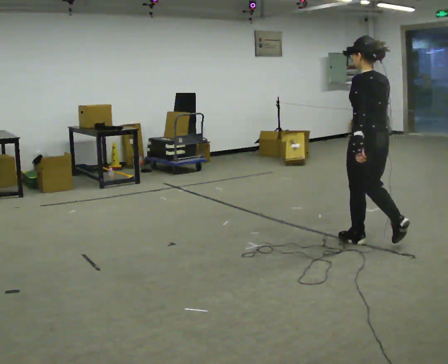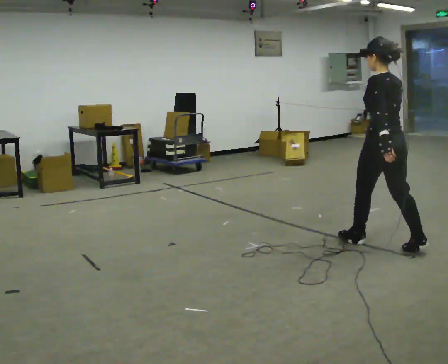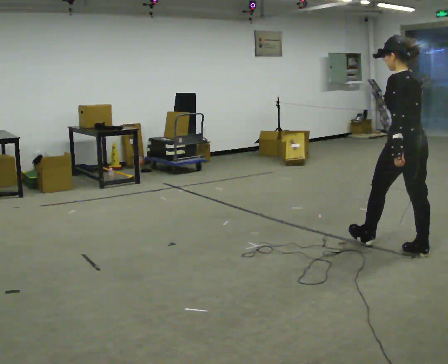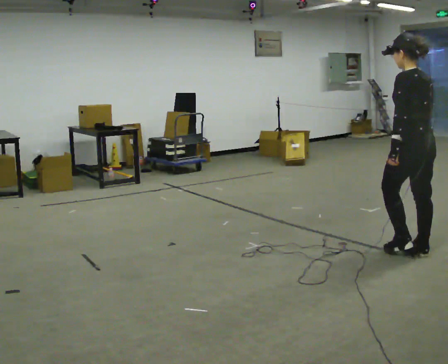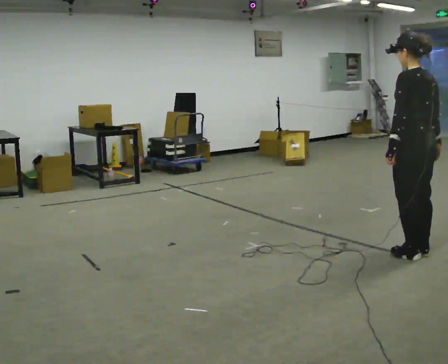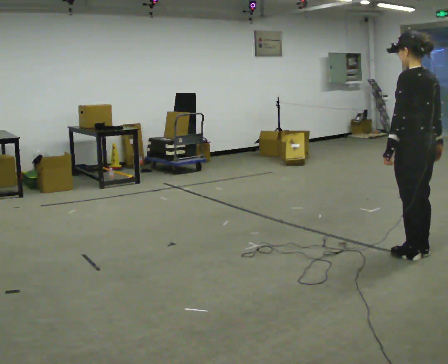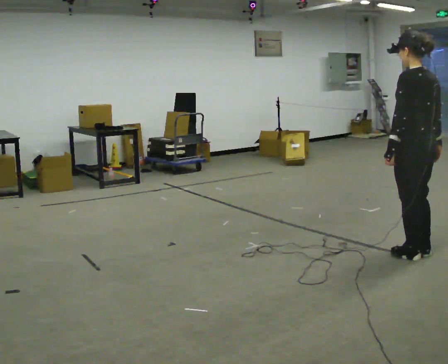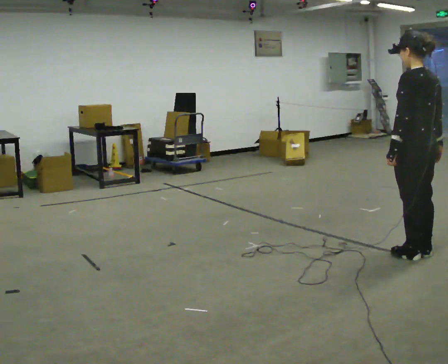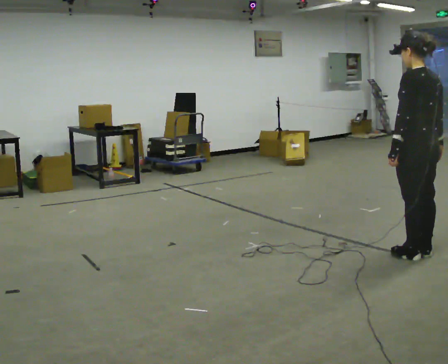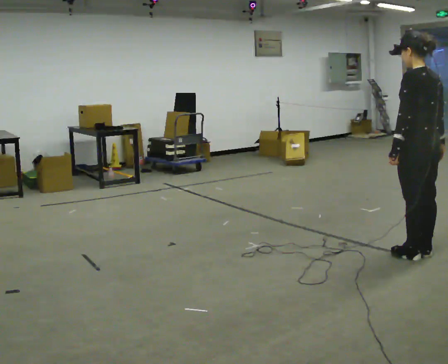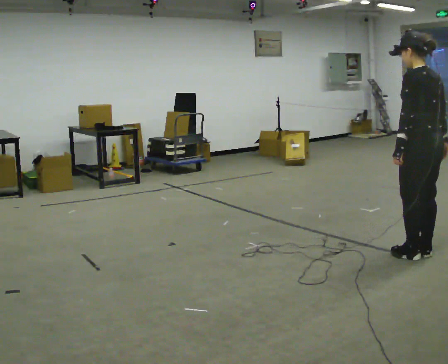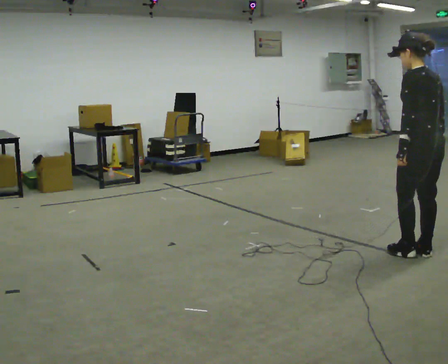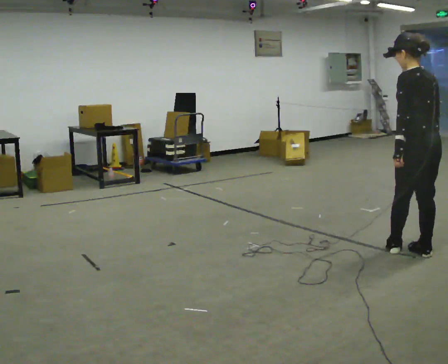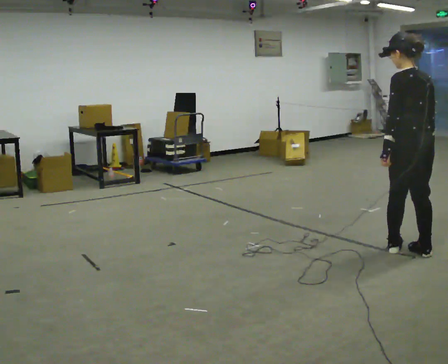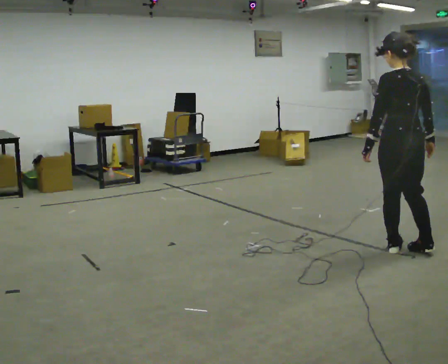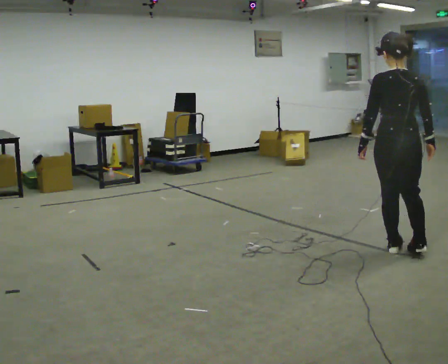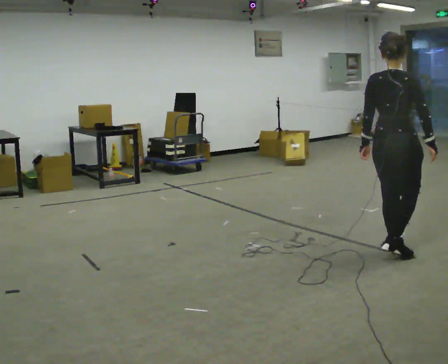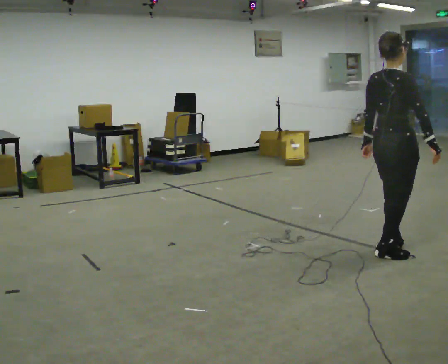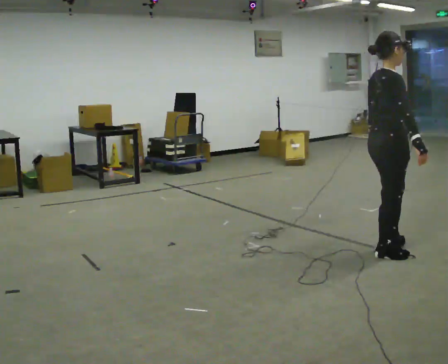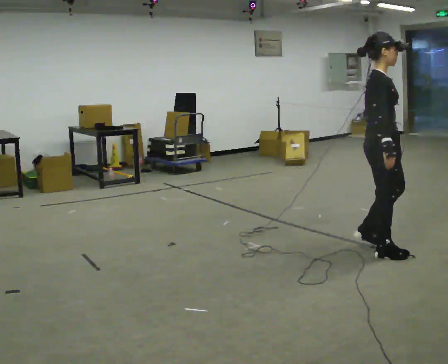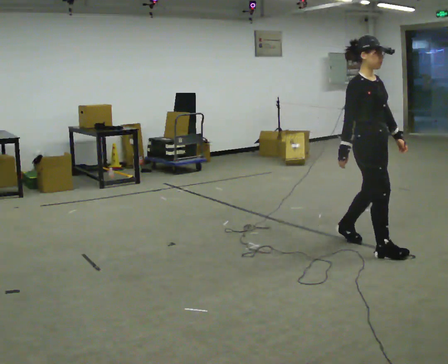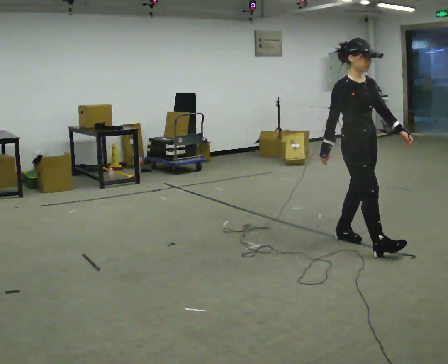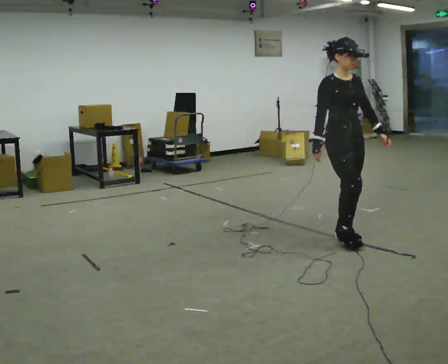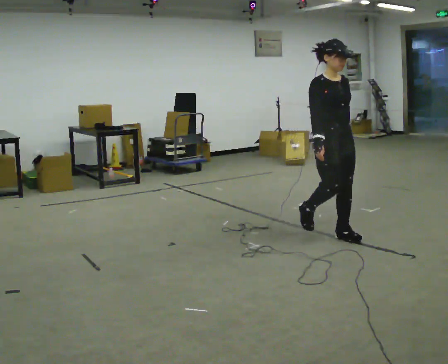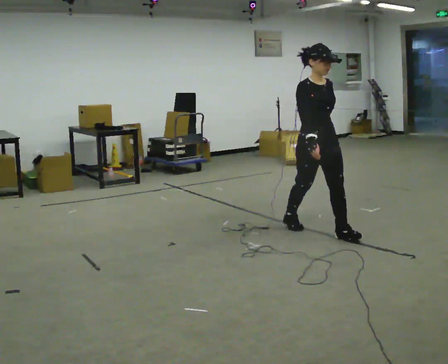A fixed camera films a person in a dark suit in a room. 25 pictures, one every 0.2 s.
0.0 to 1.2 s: In the picture they go to the right and toward the camera, about 0.5 m in 1 step, which for them is backward.
1.2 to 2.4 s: The person moves a little, or ends about where they began.
2.4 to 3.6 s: The person turns about 105 degrees to their right, clockwise seen from above, so the part of the body nearest the lens slides to the left. In the picture they go to the left, about 0.25 m in 2 steps.
3.6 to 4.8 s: The part of the body nearest the lens slides to the left as the person turns to their right by about 60 degrees. In the picture they go to the left and away from the camera, about 0.5 m in 1 step.
The film runs backward here.
